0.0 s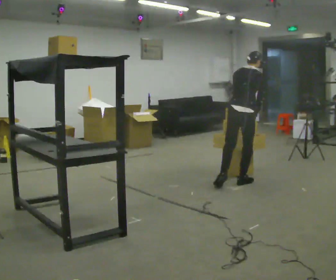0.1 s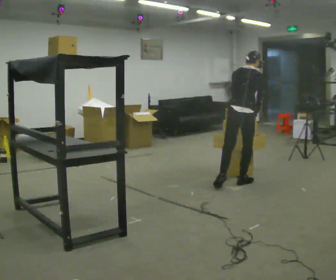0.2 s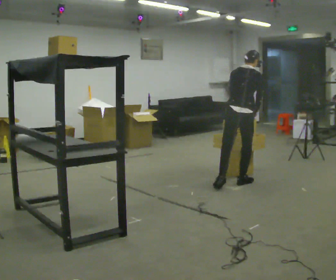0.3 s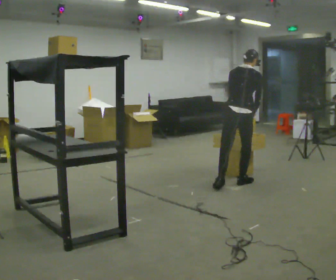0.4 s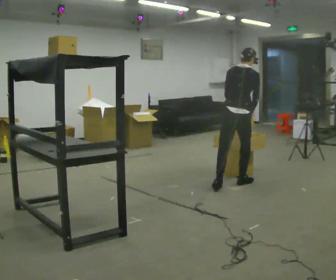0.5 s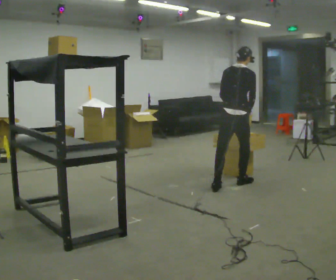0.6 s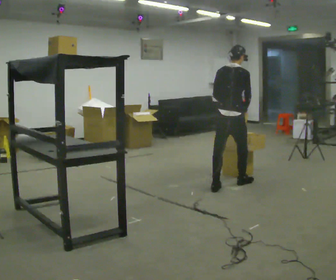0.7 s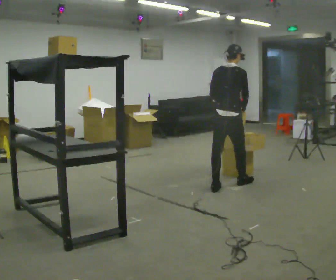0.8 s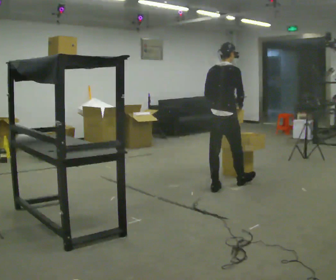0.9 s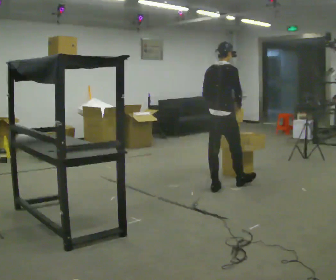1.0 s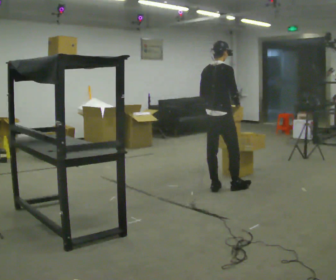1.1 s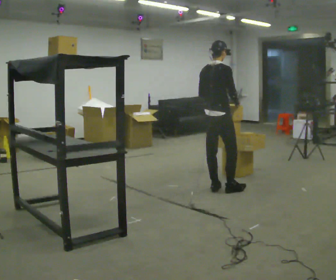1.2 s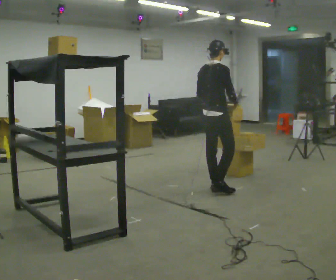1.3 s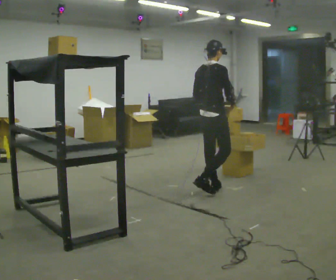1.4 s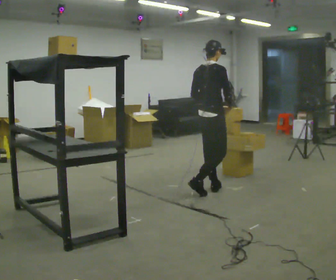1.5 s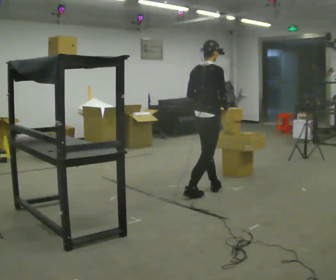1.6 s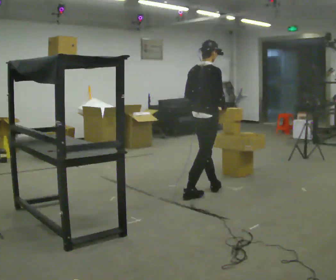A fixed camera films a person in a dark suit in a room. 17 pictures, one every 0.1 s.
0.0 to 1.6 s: The person turns about 30 degrees to their right, clockwise seen from above, so the part of the body nearest the lens slides to the left. In the picture they go toward the camera and to the left, about 0.5 m in 1 step, which for them is backward. The upper body tips toward the camera, its near side rolling downward, as they lean back or straighten.
The film runs backward here.
